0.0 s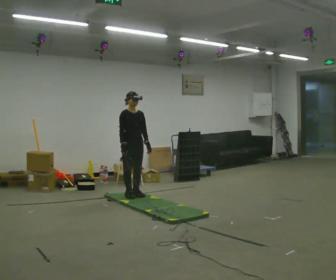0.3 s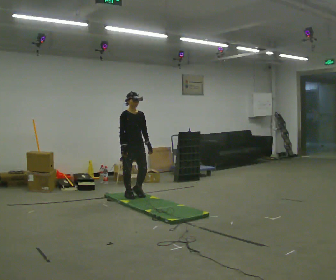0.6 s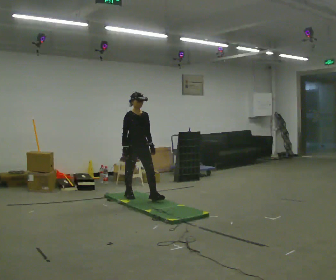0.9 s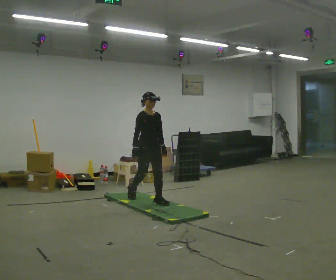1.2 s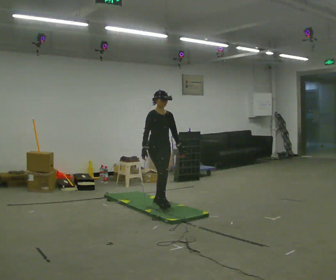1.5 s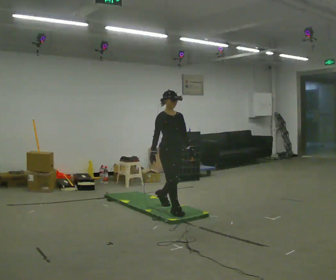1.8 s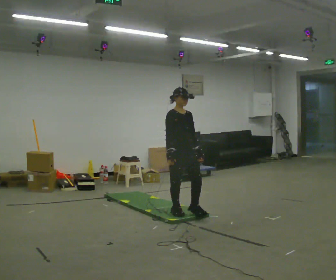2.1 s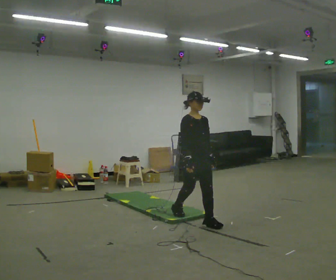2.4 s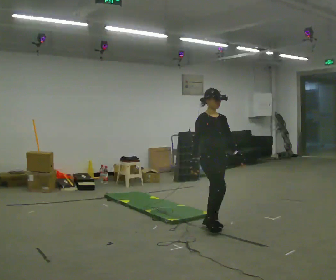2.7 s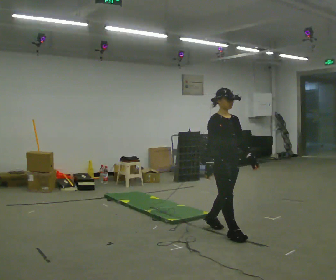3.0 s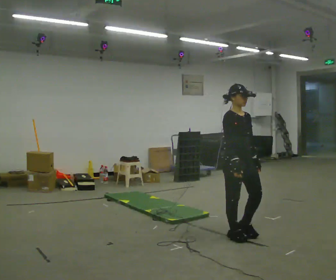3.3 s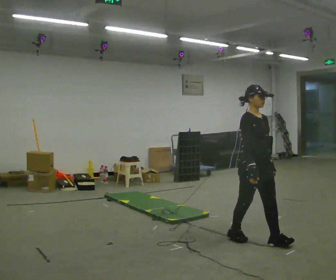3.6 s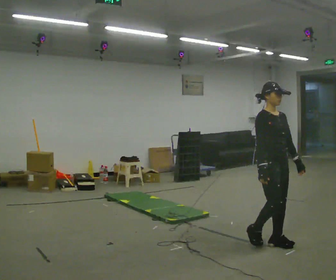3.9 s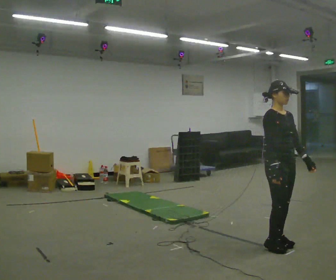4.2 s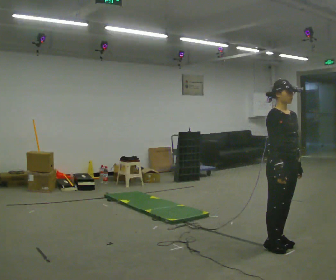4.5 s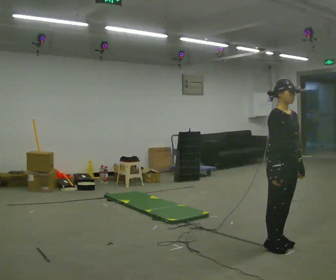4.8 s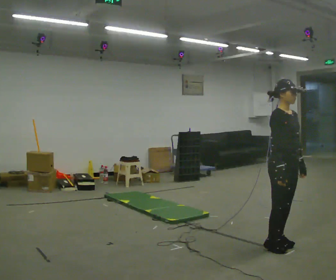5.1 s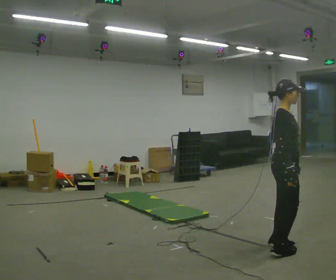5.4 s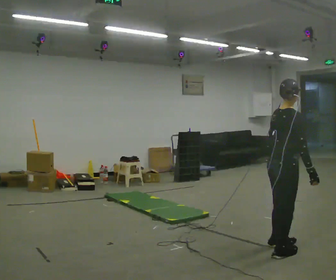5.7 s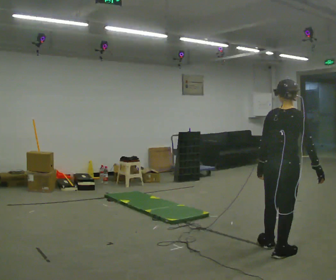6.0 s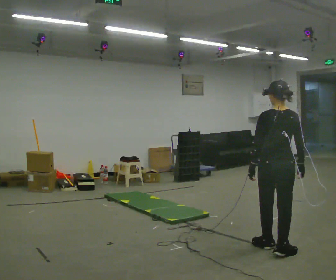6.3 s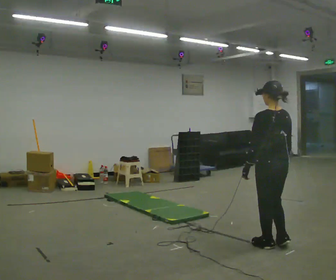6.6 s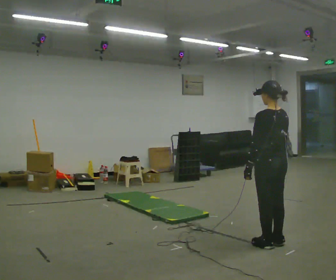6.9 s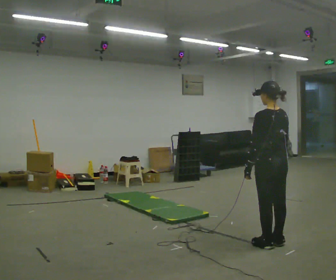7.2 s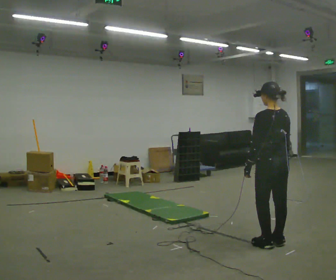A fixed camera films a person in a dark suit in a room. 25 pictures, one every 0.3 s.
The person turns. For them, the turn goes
to their left.
The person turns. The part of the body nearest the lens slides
to the right.
0.0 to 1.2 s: In the picture they go to the right and toward the camera, about 0.75 m in 1 step, which for them is forward.
1.2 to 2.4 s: In the picture they go to the right and toward the camera, about 1 m in 2 steps, which for them is forward.
2.4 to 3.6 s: In the picture they go to the right and toward the camera, about 1 m in 2 steps, which for them is forward.
3.6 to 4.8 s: The person moves a little, or ends about where they began.
4.8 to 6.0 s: Seen from above the body turns counterclockwise, about 135 degrees: to their left, with its near side sliding to the right. In the picture their left hand goes to the left, the arm swinging clockwise.
6.0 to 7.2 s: In the picture they go away from the camera, about 0.25 m in 1 step, which for them is forward.
The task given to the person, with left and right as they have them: Walk across the soft uneven mat at a comfortable speed; continue walking normally after you leave it.
The film runs forward here.
